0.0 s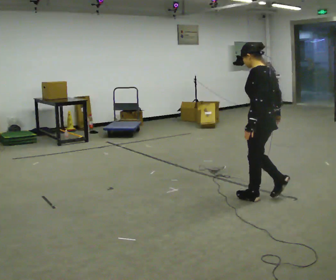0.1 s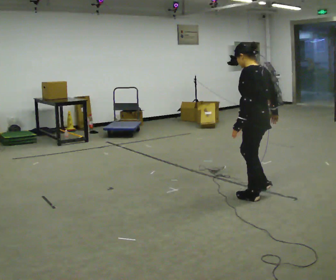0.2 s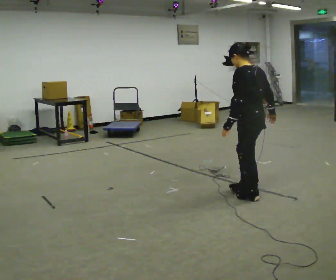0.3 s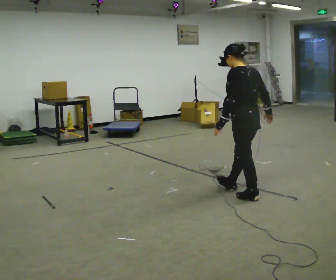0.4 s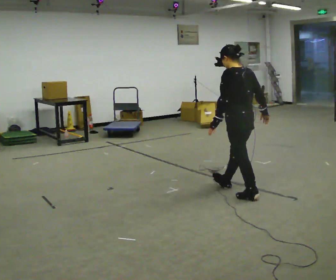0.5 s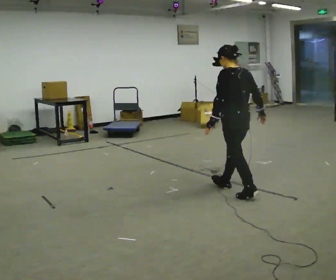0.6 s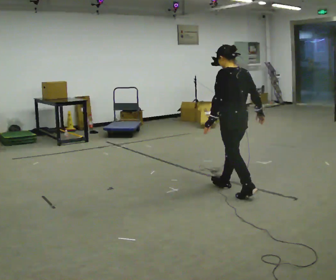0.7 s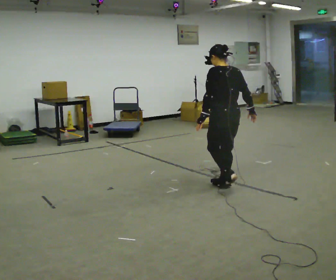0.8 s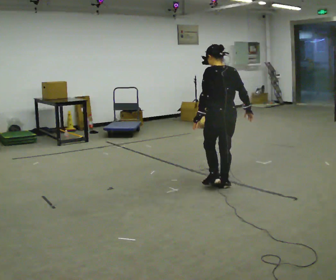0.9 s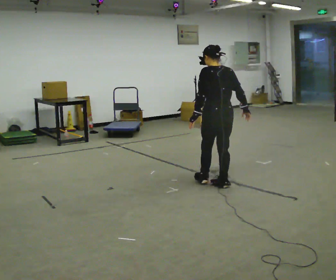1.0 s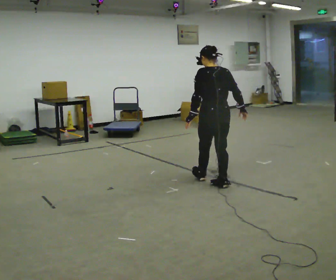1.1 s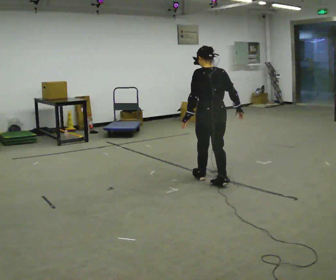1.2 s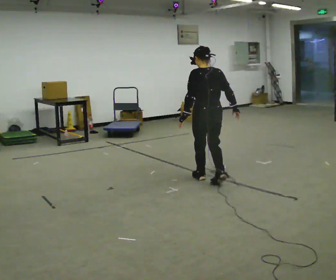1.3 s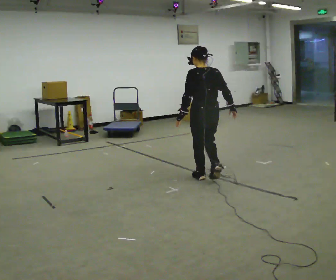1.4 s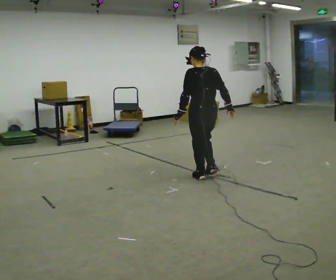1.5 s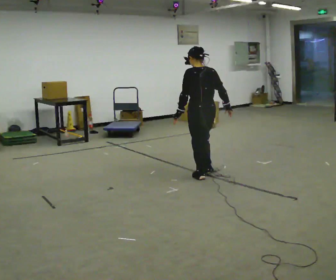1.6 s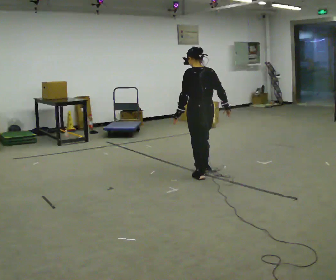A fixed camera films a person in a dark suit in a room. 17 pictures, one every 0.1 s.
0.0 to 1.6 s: Seen from above the body turns clockwise, about 30 degrees: to their right, with its near side sliding to the left. In the picture they go away from the camera and to the left, about 1 m in 2 steps, which for them is forward.
The film runs forward here.
